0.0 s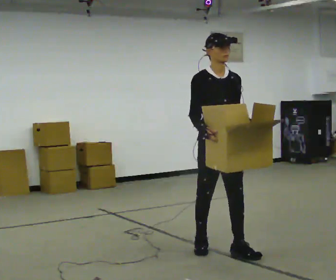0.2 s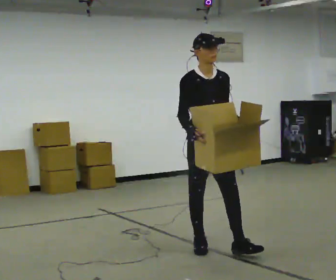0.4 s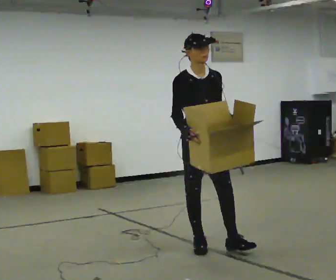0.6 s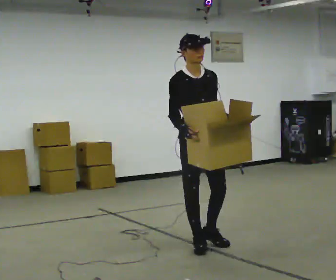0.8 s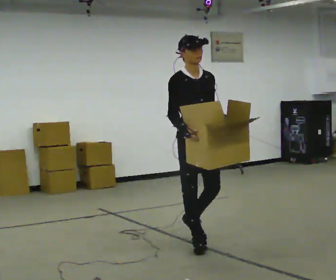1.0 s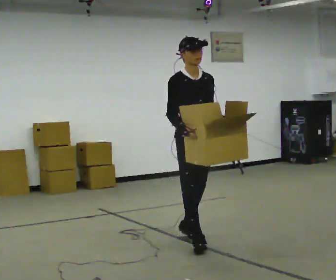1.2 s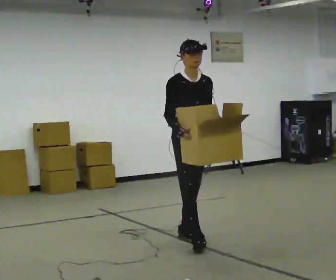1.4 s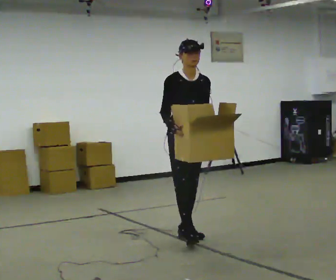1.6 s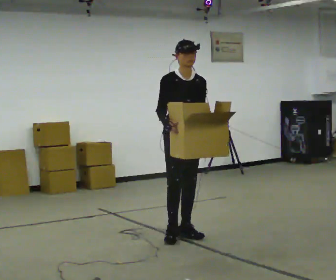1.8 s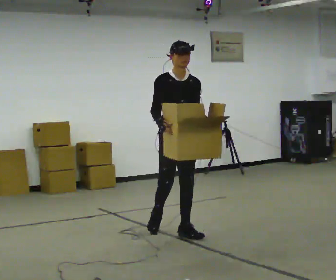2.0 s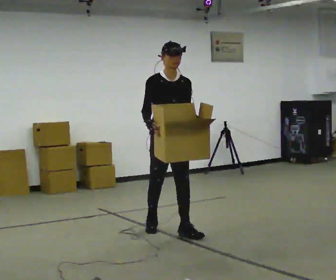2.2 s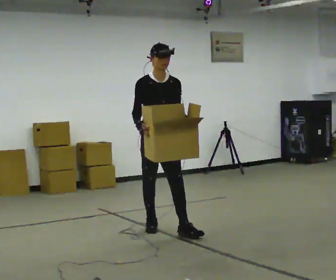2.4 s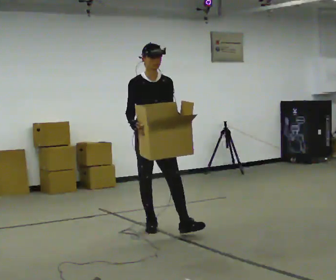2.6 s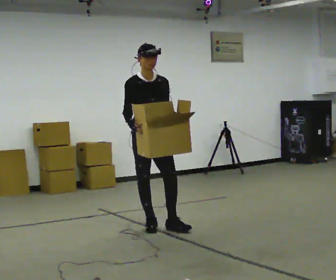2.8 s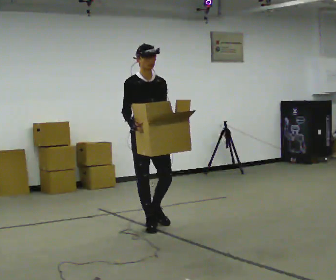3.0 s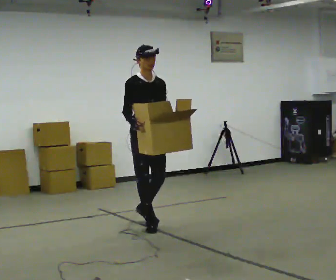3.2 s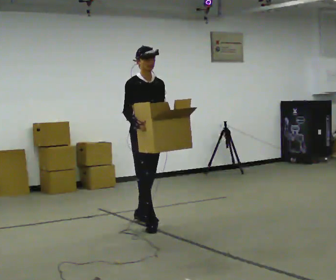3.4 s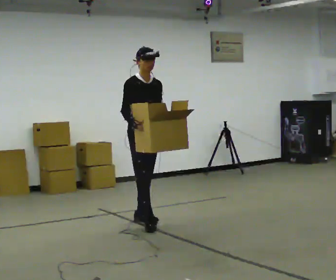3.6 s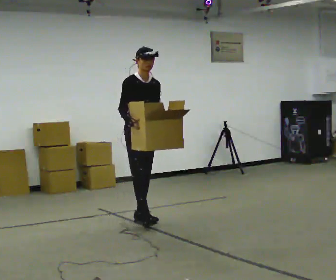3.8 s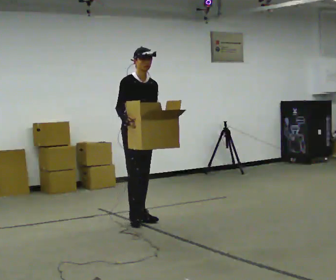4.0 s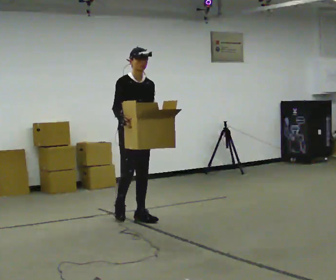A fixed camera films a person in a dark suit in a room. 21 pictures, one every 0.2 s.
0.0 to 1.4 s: In the picture they go away from the camera and to the left, about 0.5 m in 2 steps, which for them is backward.
1.4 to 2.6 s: In the picture they go away from the camera and to the left, about 0.5 m in 1 step, which for them is backward.
2.6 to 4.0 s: In the picture they go away from the camera and to the left, about 0.5 m in 1 step, which for them is backward.
The film runs backward here.
